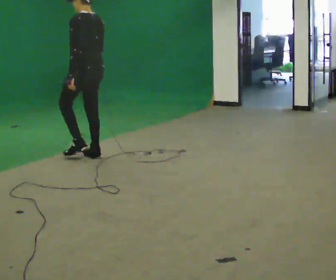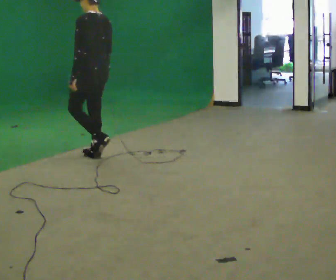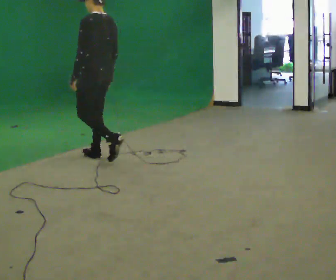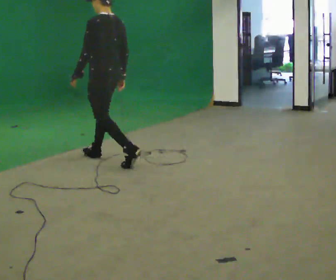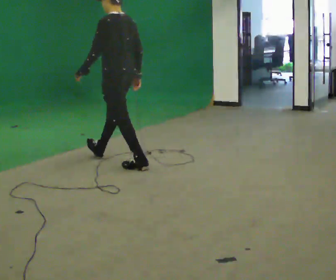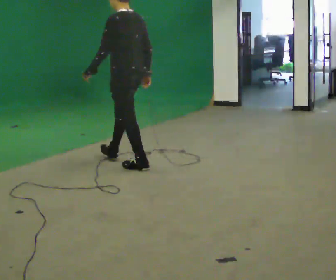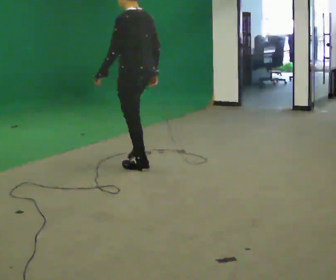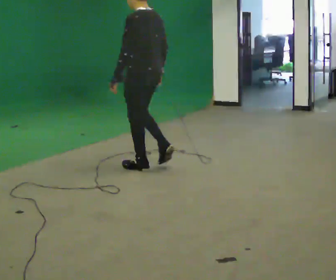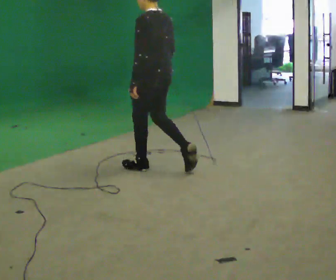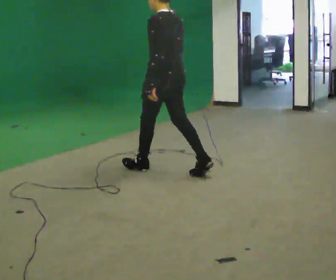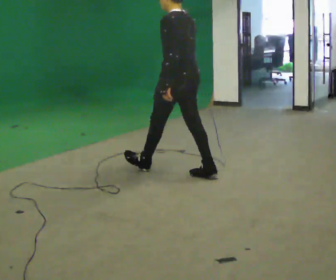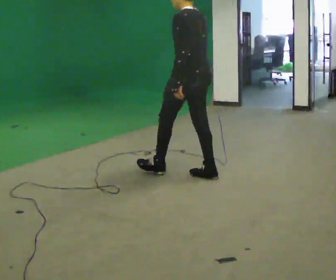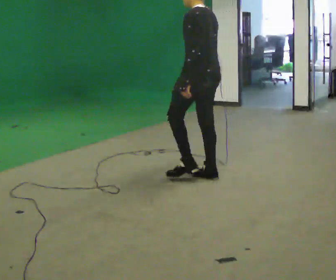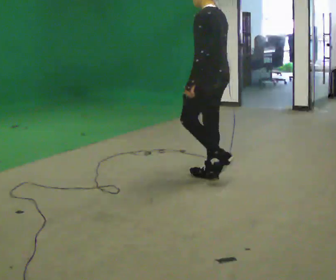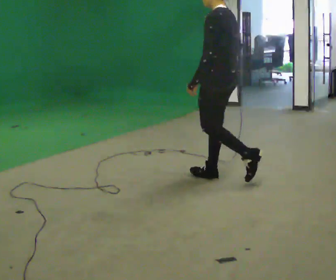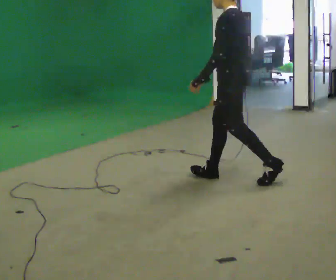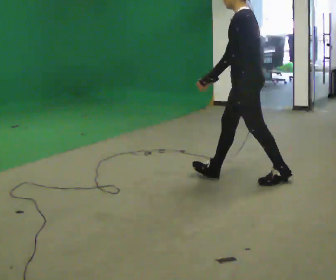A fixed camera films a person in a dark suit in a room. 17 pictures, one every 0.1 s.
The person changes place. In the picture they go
to the right.
0.0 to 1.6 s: In the picture they go to the right and toward the camera, about 1.5 m in 2 steps, which for them is backward.
The film runs backward here.
